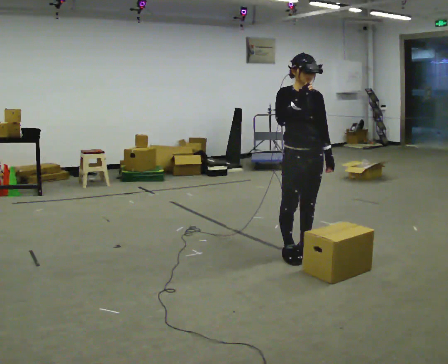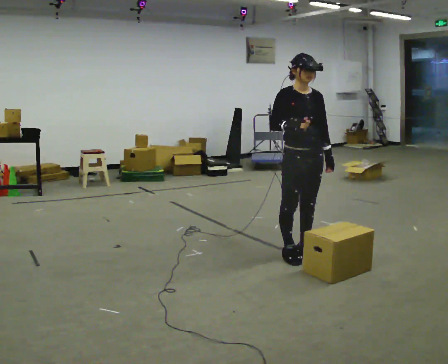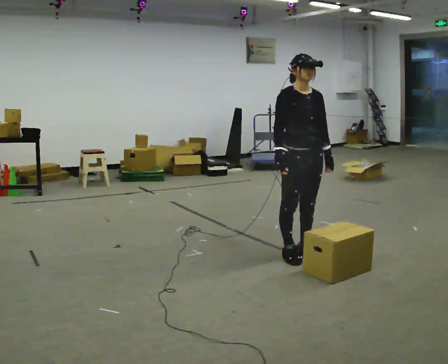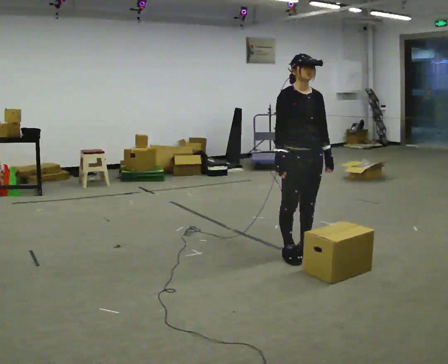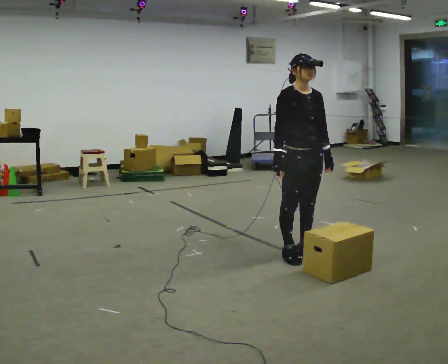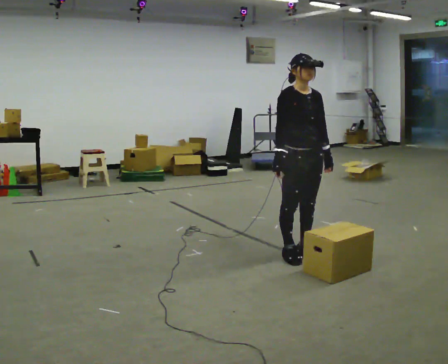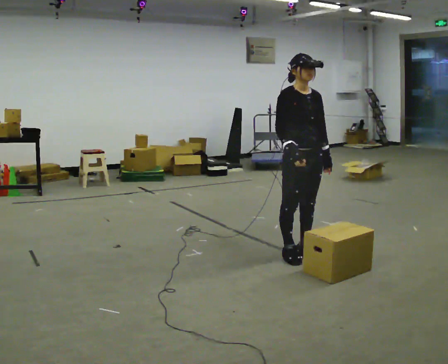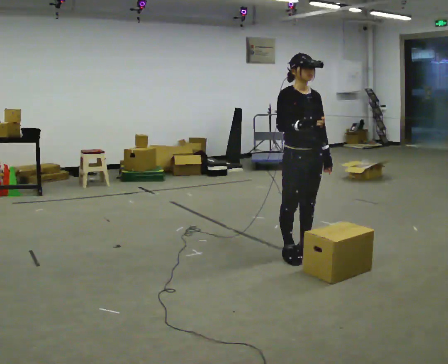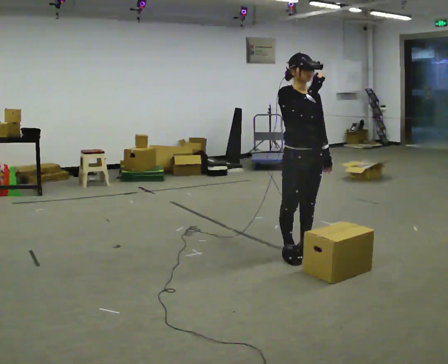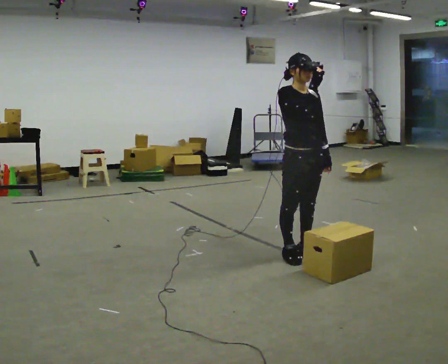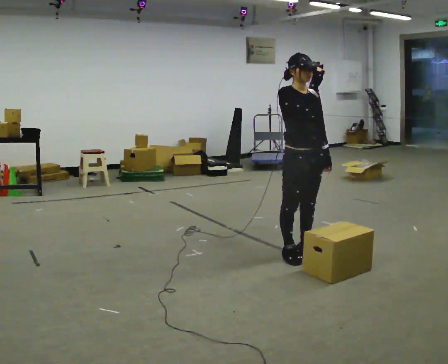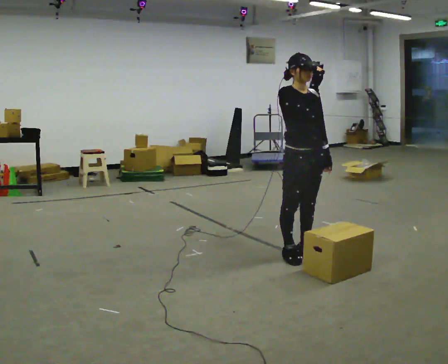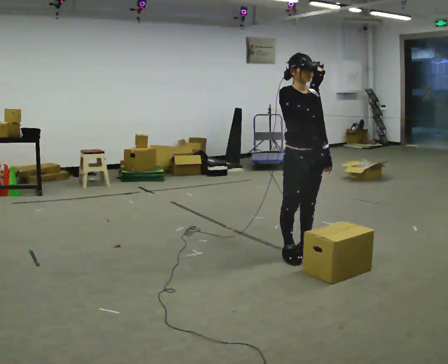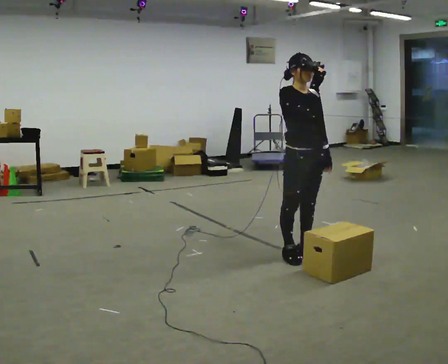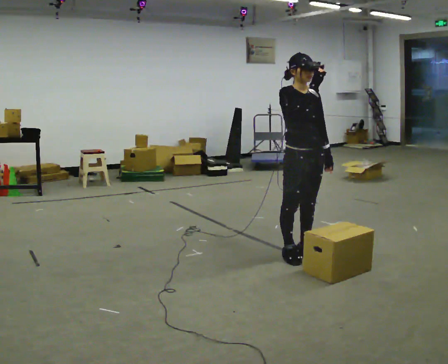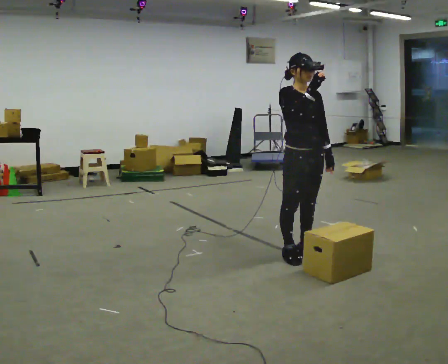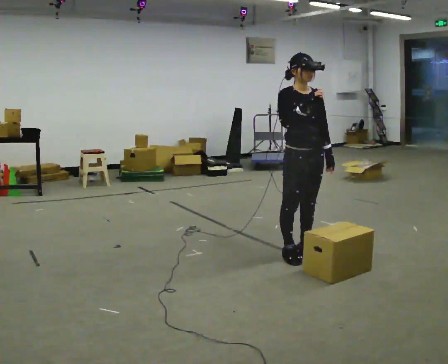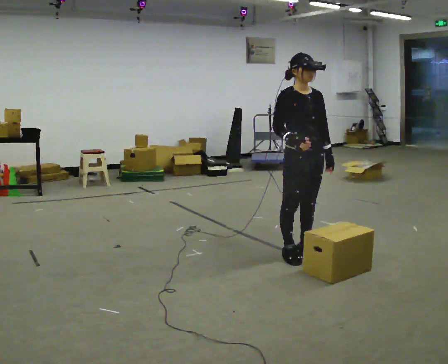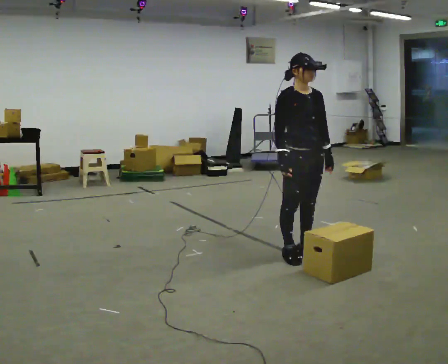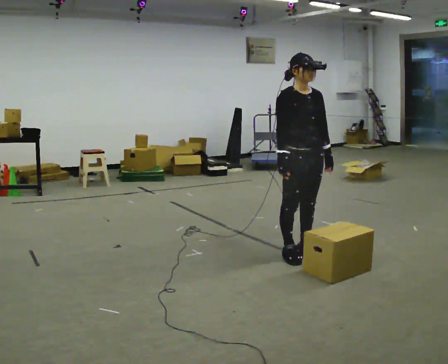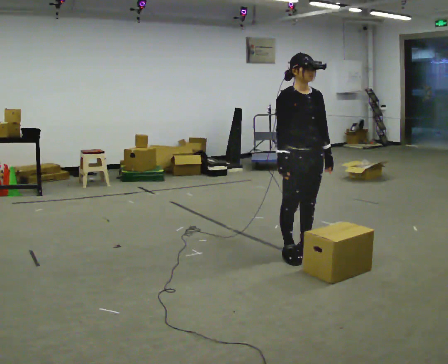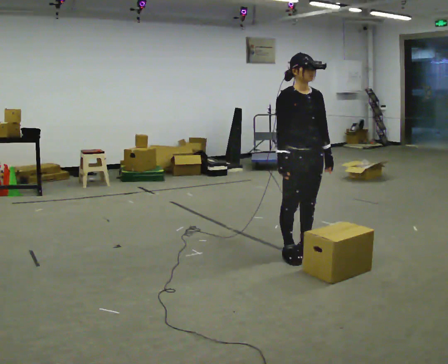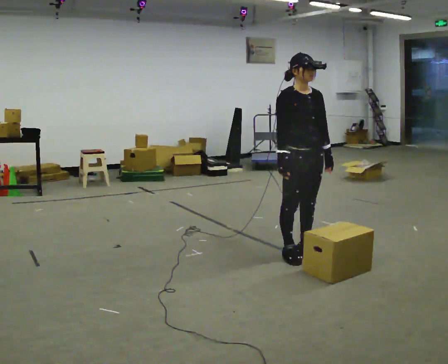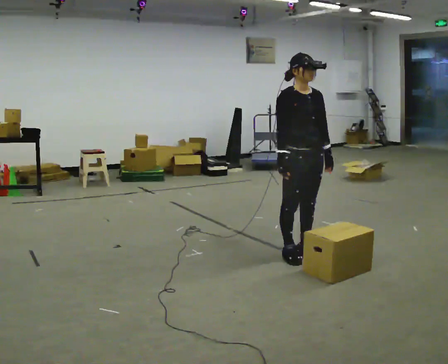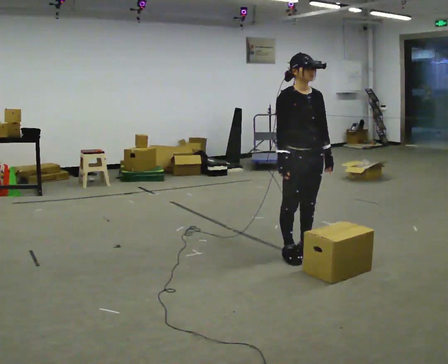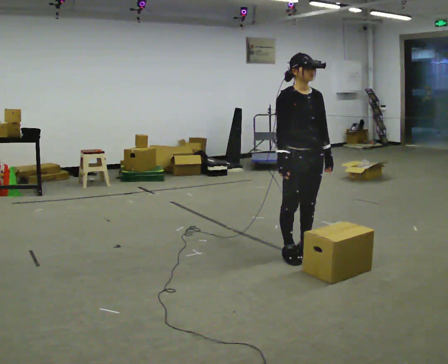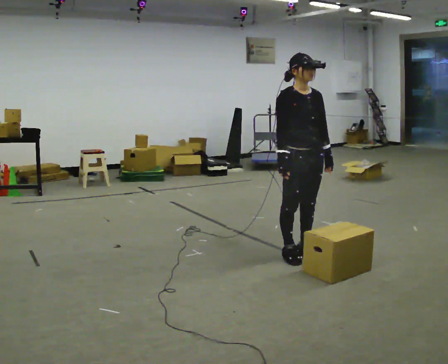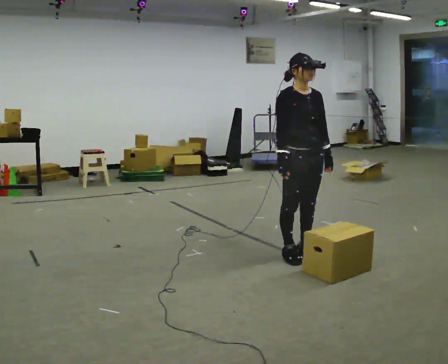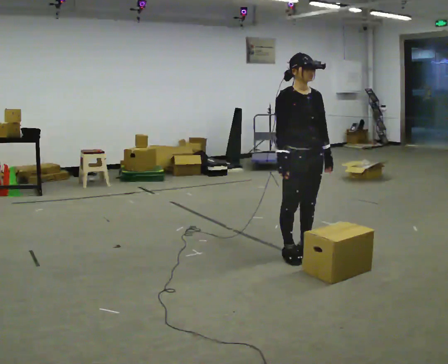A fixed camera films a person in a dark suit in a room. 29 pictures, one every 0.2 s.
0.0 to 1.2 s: In the picture their right hand goes downward.
1.2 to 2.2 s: In the picture their right hand goes upward.
2.2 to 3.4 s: In the picture their right hand goes downward.
3.4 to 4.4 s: The person moves a little, or ends about where they began.
4.4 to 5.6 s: The person keeps their place and pose.
The film runs backward here.
